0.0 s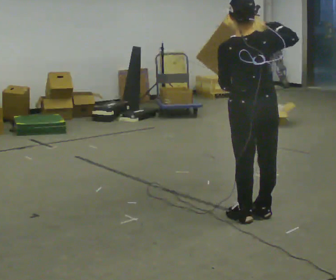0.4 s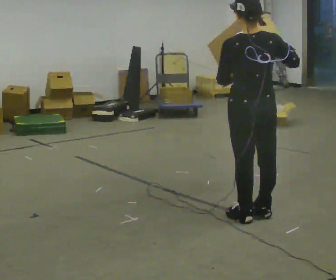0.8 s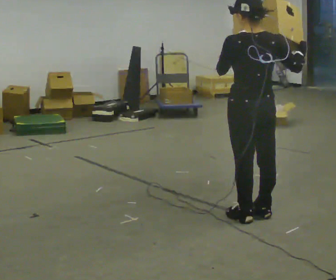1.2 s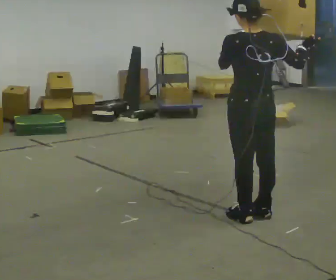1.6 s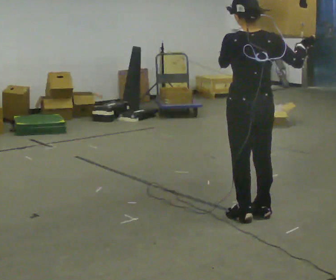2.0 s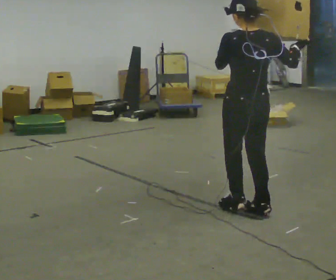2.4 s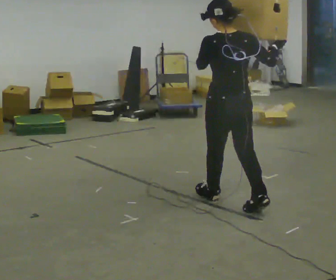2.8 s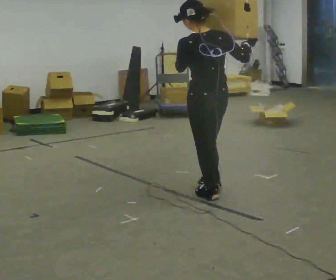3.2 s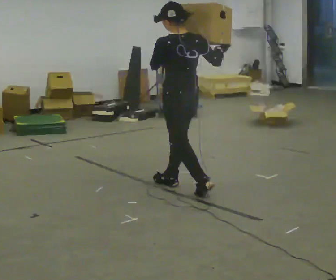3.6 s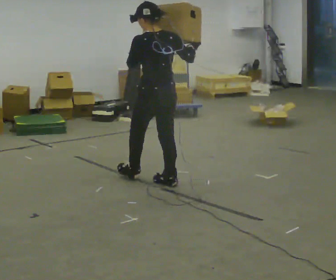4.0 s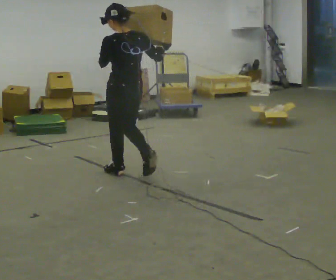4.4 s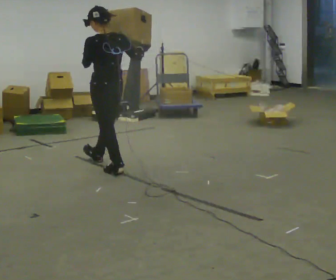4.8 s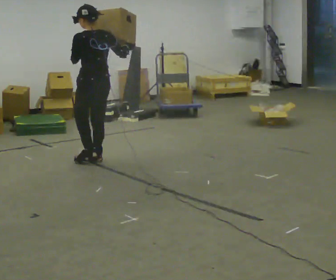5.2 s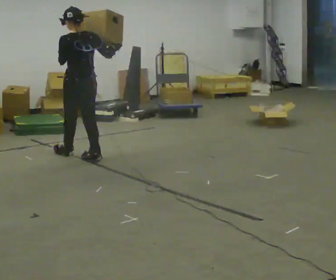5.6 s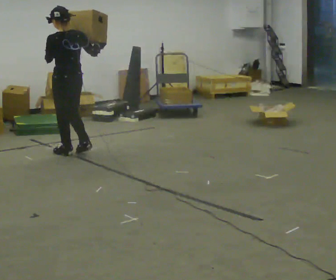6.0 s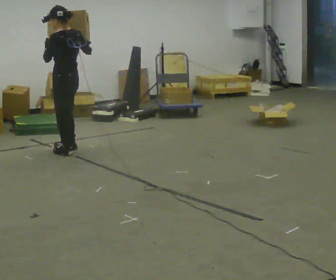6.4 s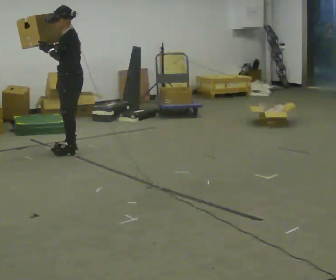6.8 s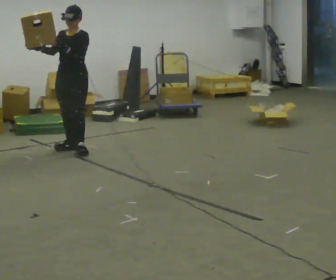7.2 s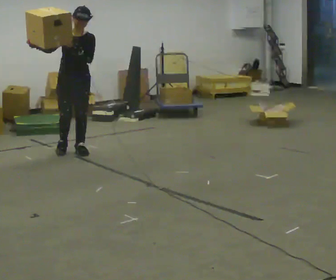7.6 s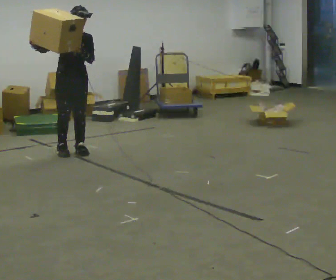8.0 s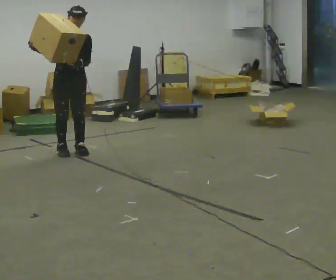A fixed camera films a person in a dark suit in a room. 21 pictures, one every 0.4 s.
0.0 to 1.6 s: The person moves a little, or ends about where they began.
1.6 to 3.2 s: Seen from above the body turns counterclockwise, about 30 degrees: to their left, with its near side sliding to the right. In the picture they go away from the camera and to the left, about 0.5 m in 2 steps, which for them is forward.
3.2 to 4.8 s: In the picture they go away from the camera and to the left, about 1 m in 2 steps, which for them is forward.
4.8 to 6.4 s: The person turns about 75 degrees to their left, counterclockwise seen from above, so the part of the body nearest the lens slides to the right. In the picture they go away from the camera and to the left, about 0.5 m in 2 steps.
6.4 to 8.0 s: Seen from above the body turns counterclockwise, about 75 degrees: to their left, with its near side sliding to the right.
The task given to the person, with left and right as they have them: Carry the box and, while walking, shift it to a different hold: front, then hip, then shoulder, then back to front. Do not stop walking.
The film runs forward here.
